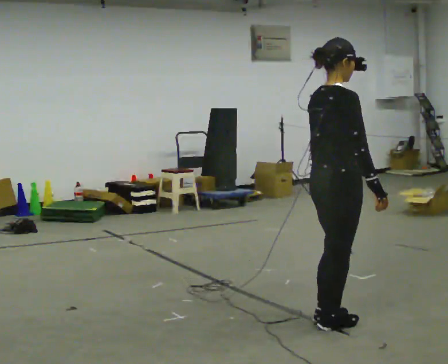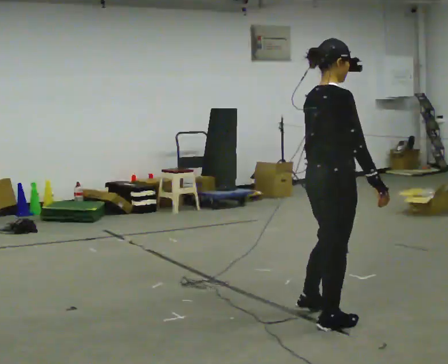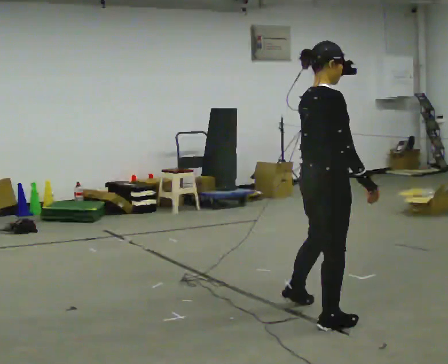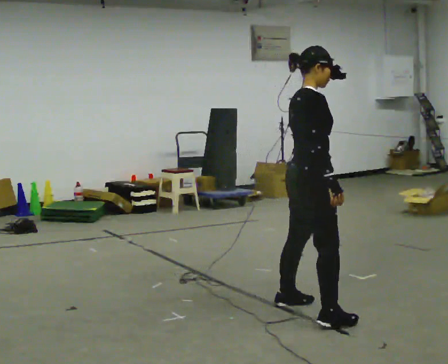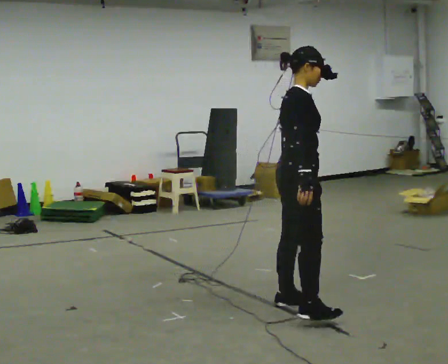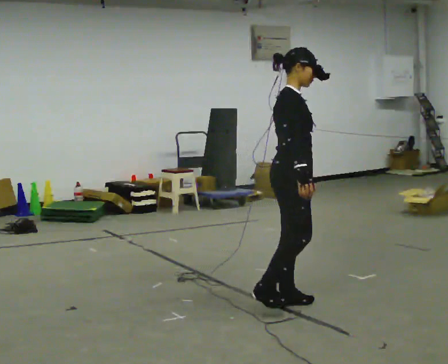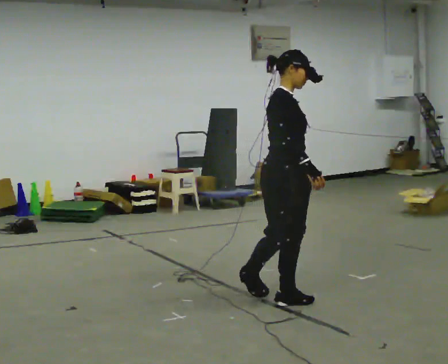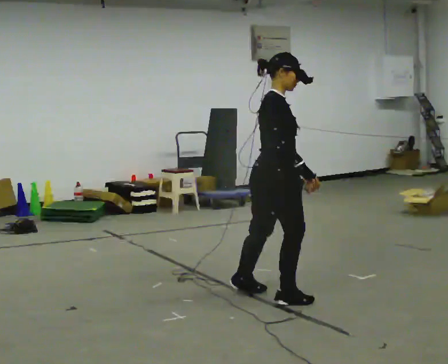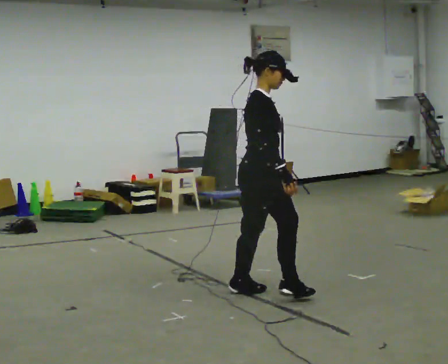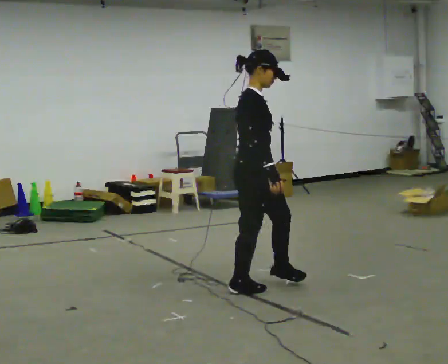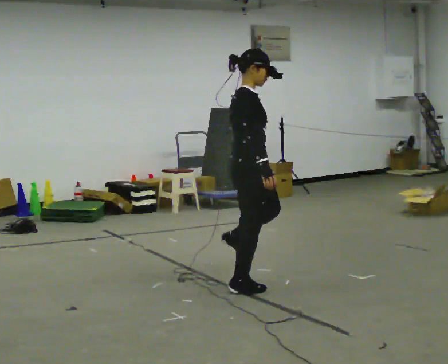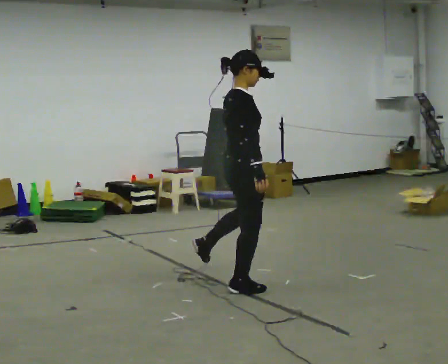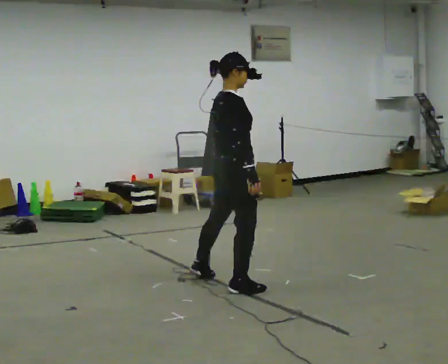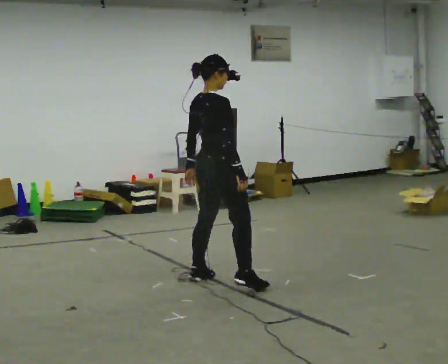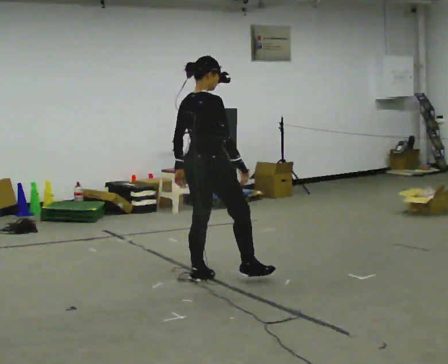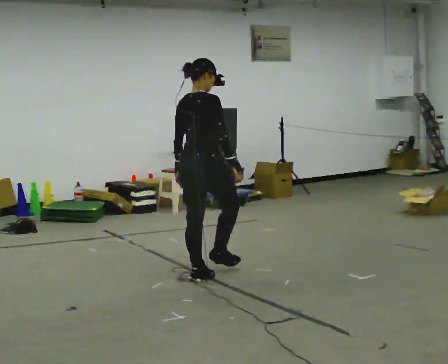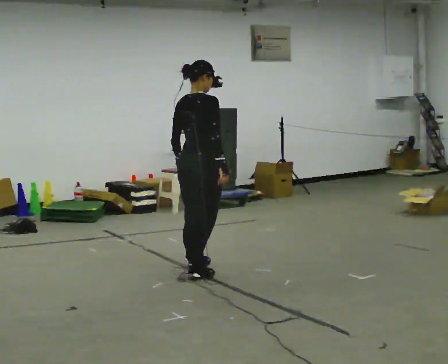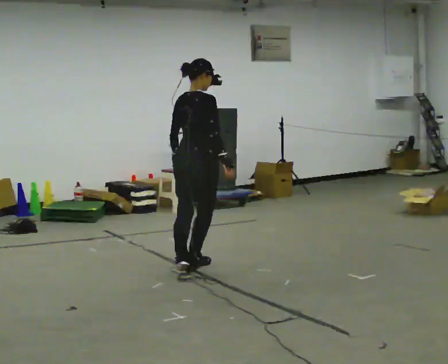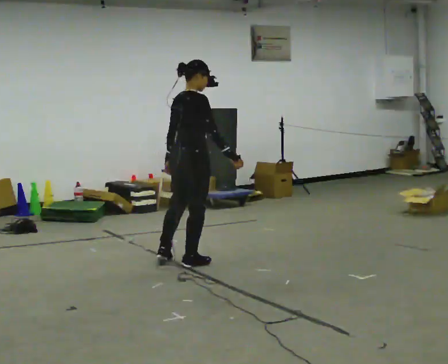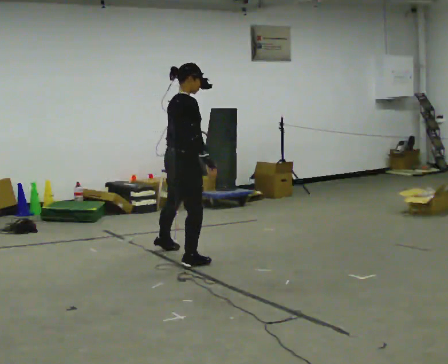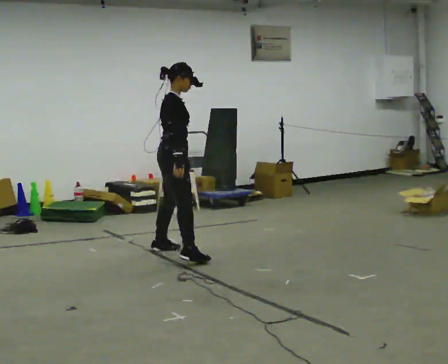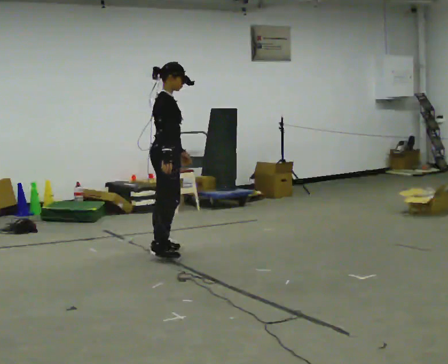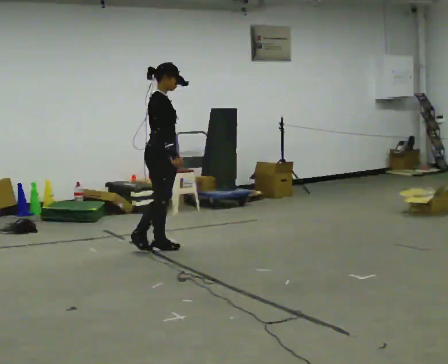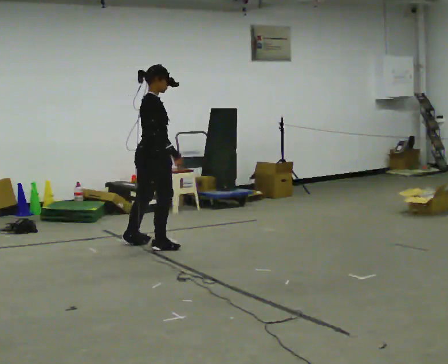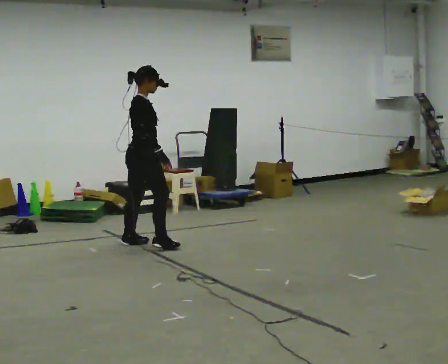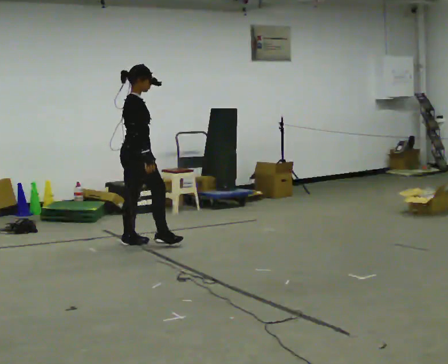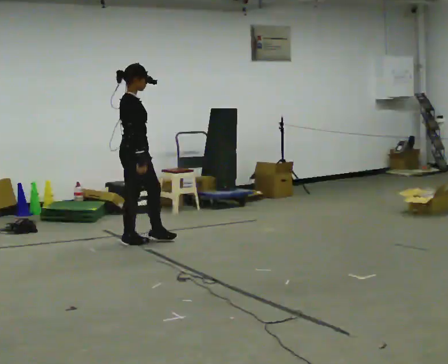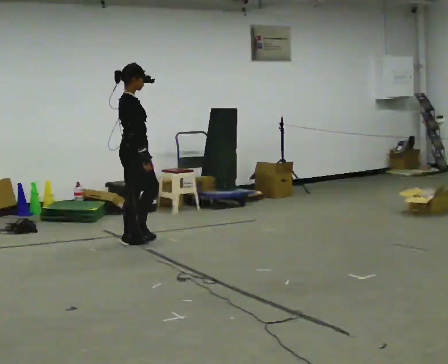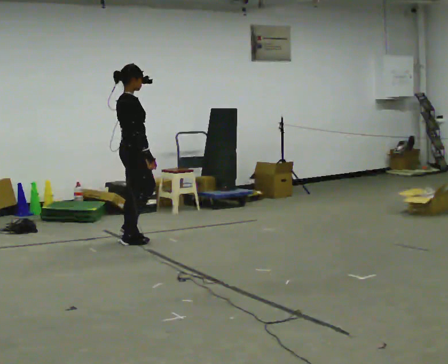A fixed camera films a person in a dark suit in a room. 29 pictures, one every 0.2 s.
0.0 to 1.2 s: The person turns about 45 degrees to their right, clockwise seen from above, so the part of the body nearest the lens slides to the left. In the picture they go away from the camera and to the left, about 0.5 m in 2 steps, which for them is to their left.
1.2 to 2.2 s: The person turns about 30 degrees to their left, counterclockwise seen from above, so the part of the body nearest the lens slides to the right. In the picture they go away from the camera and to the left, about 0.5 m in 1 step, which for them is backward and to their left.
2.2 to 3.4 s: Seen from above the body turns counterclockwise, about 60 degrees: to their left, with its near side sliding to the right. In the picture they go away from the camera and to the left, about 0.75 m in 2 steps, which for them is to their left.
3.4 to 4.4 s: The part of the body nearest the lens slides to the left as the person turns to their right by about 75 degrees. In the picture they go away from the camera and to the left, about 0.5 m in 1 step.
4.4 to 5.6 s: In the picture they go to the left and away from the camera, about 0.25 m in 1 step, which for them is backward and to their left.
The film runs backward here.
